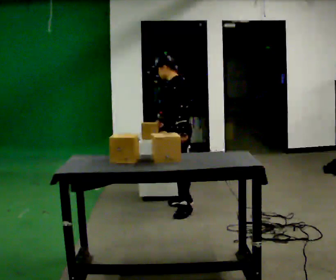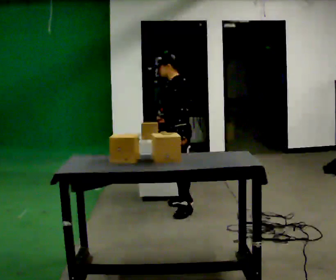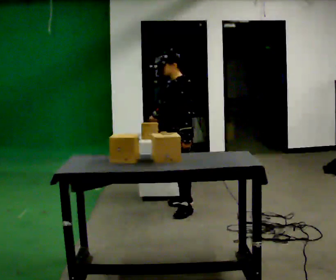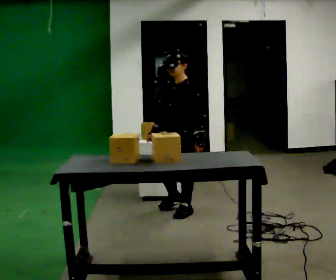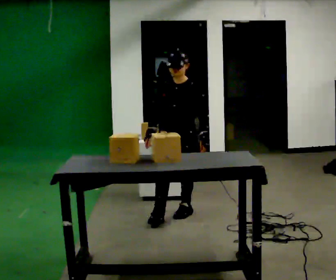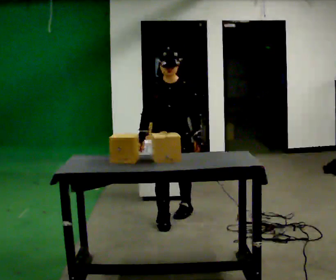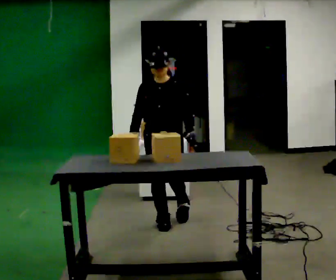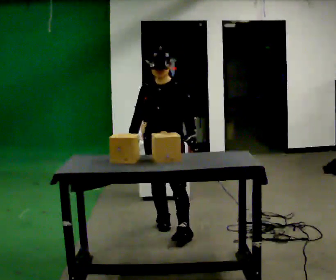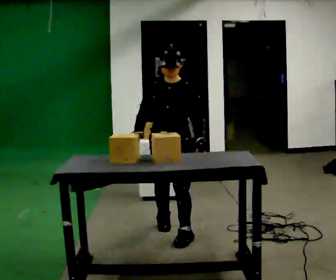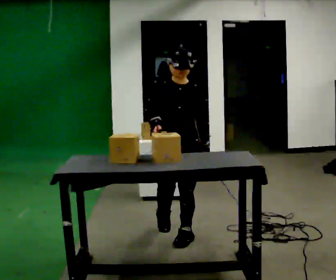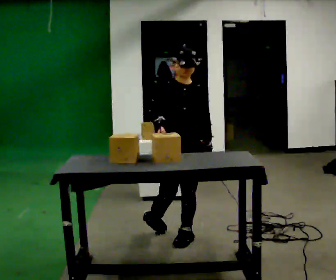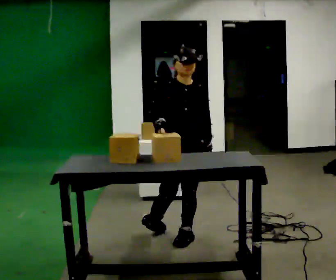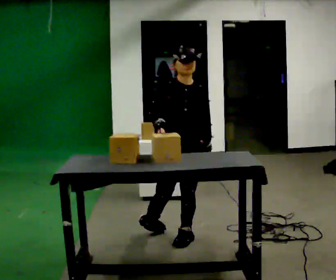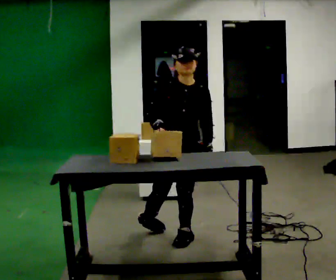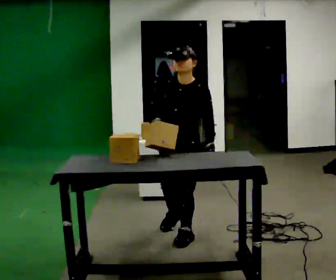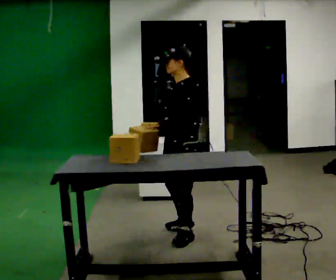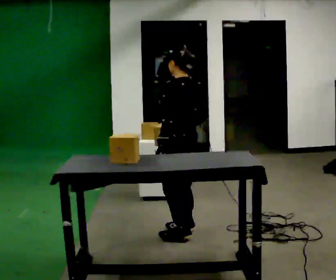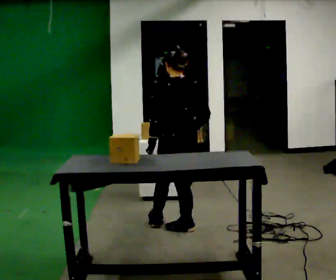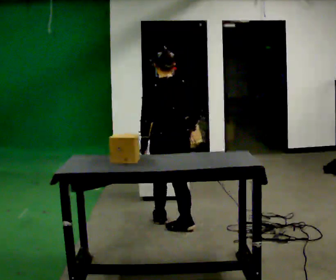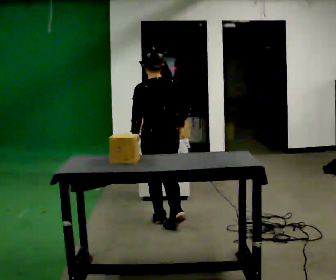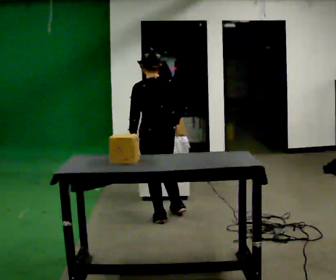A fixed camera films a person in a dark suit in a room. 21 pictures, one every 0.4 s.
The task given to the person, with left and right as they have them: 1. Move all 12 boxes from the shelf at one end of the room to the shelf at the other end. 2. The cart is not available today, so carry them. 3. Tell the operator when you are finished.
0.0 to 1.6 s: The part of the body nearest the lens slides to the right as the person turns to their left by about 75 degrees. In the picture they go toward the camera, about 0.25 m.
1.6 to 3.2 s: In the picture they go toward the camera, about 0.5 m in 2 steps, which for them is forward.
3.2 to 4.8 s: The person moves a little, or ends about where they began.
4.8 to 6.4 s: Seen from above the body turns clockwise, about 135 degrees: to their right, with its near side sliding to the left. In the picture they go away from the camera, about 0.25 m in 1 step.
6.4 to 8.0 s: Seen from above the body turns clockwise, about 30 degrees: to their right, with its near side sliding to the left. In the picture they go away from the camera and to the left, about 0.5 m in 1 step, which for them is forward.
The film runs forward here.
